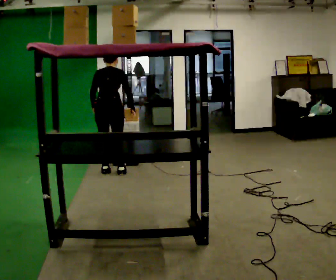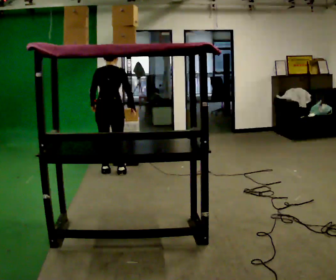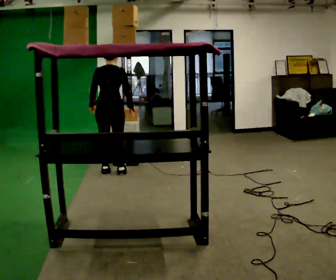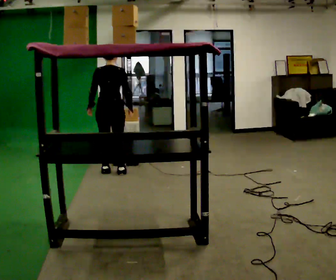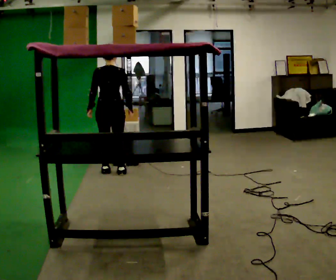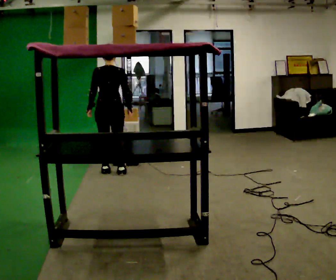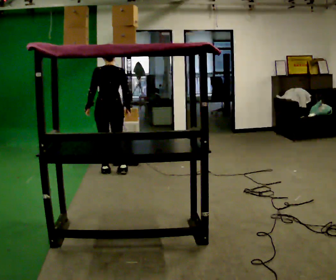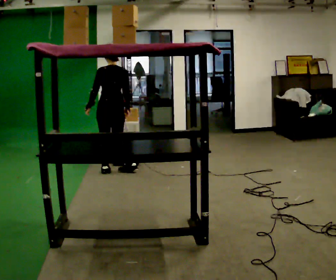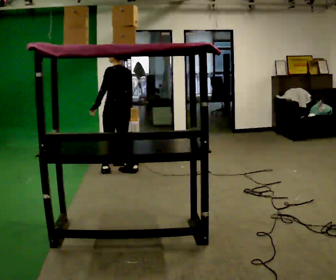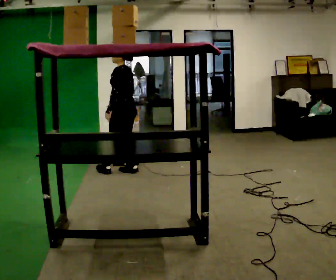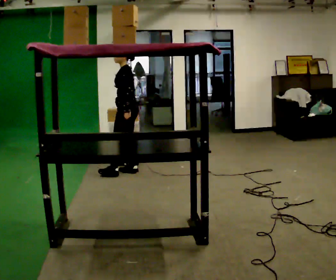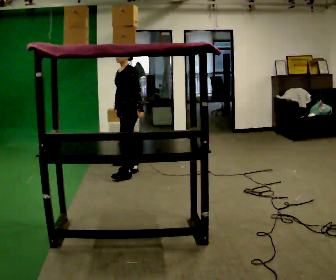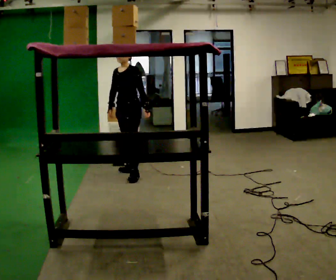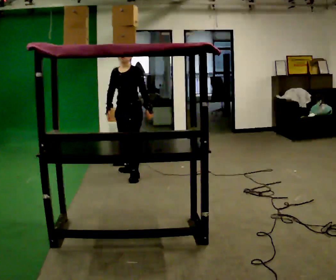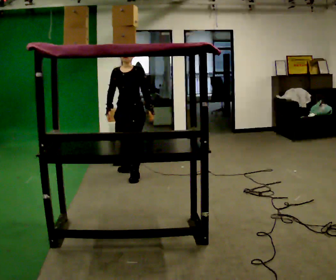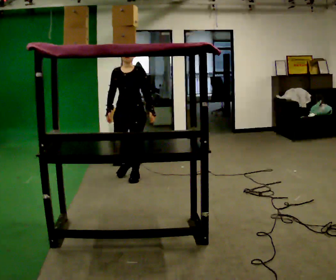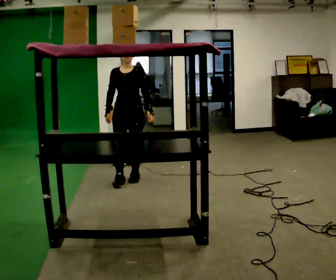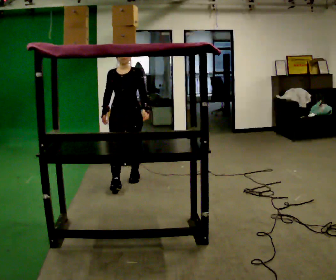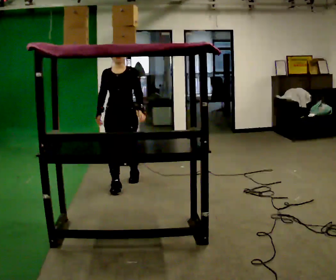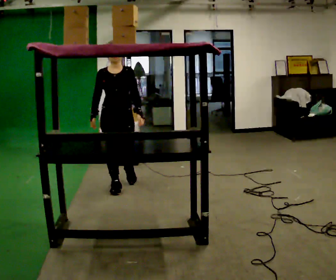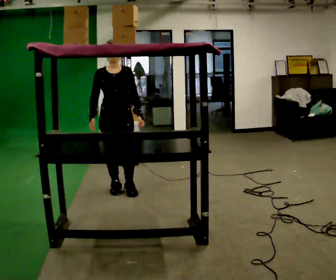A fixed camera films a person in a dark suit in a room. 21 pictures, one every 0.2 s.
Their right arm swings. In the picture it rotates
clockwise.
The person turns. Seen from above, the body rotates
counterclockwise.
0.0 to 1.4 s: Seen from above the body turns counterclockwise, about 30 degrees: to their left, with its near side sliding to the right. The upper body tips toward the camera, its near side rolling downward, as they lean back or straighten.
1.4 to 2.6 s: The person turns about 120 degrees to their left, counterclockwise seen from above, so the part of the body nearest the lens slides to the right. In the picture they go to the right and toward the camera, about 0.25 m in 1 step.
2.6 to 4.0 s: The person turns about 45 degrees to their left, counterclockwise seen from above, so the part of the body nearest the lens slides to the right. In the picture they go toward the camera, about 0.5 m in 1 step, which for them is forward.
The film runs forward here.
